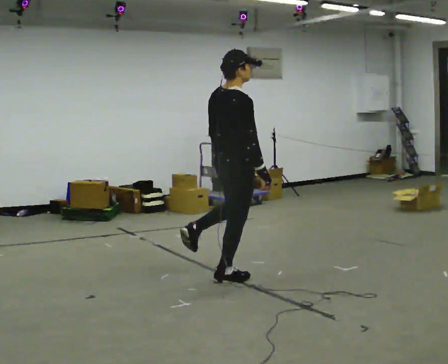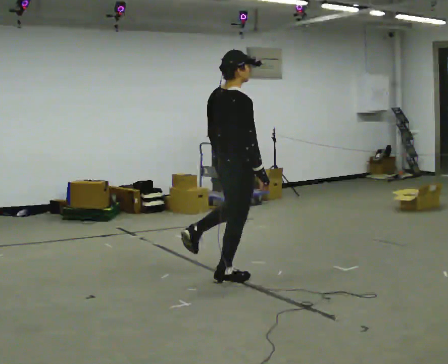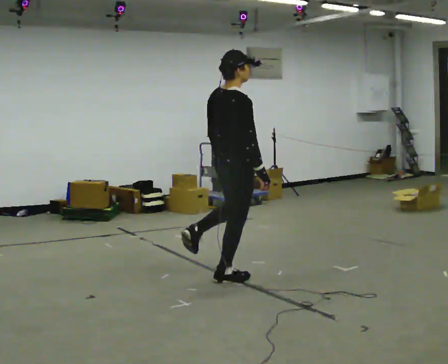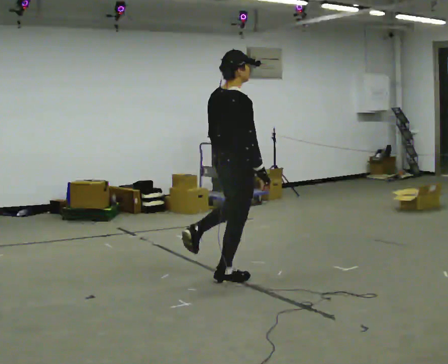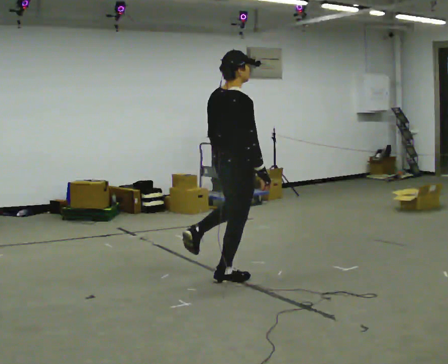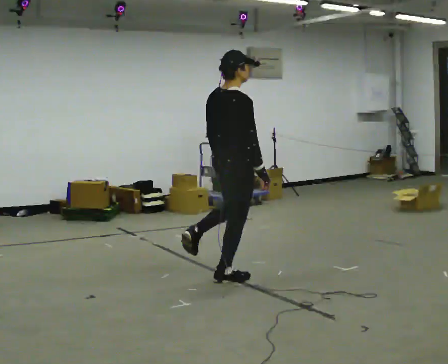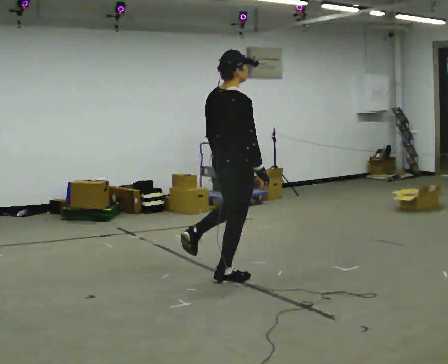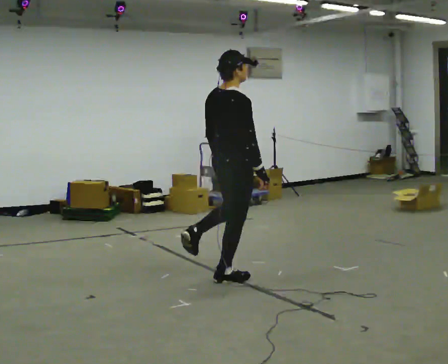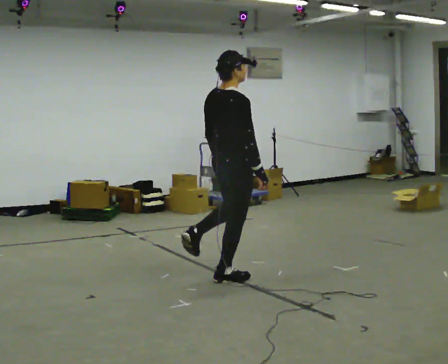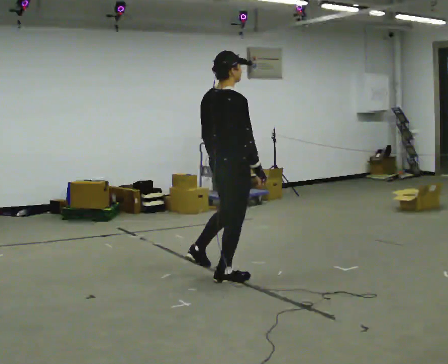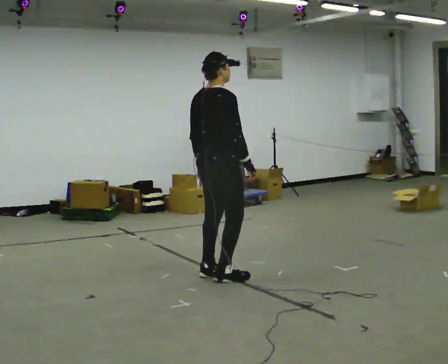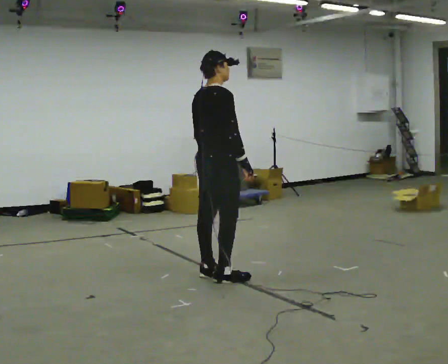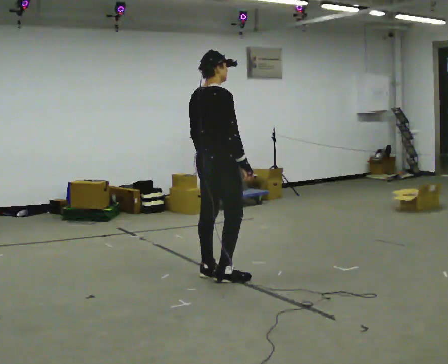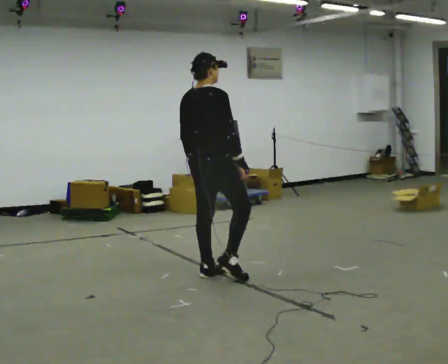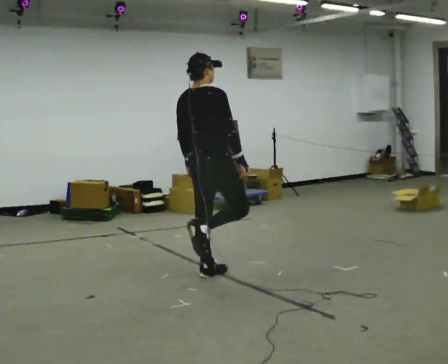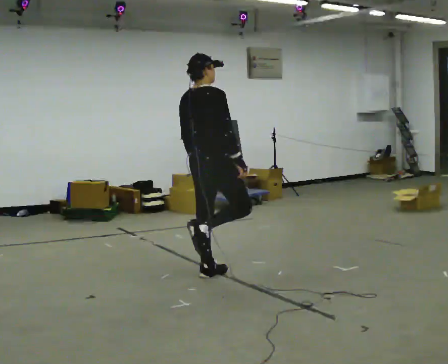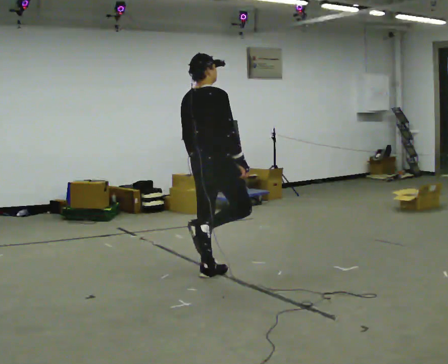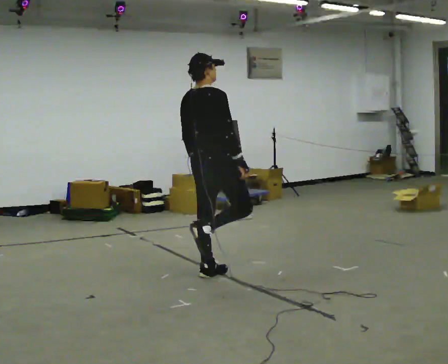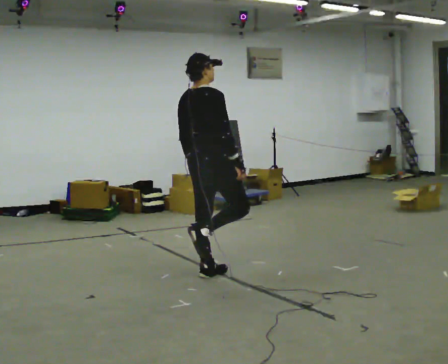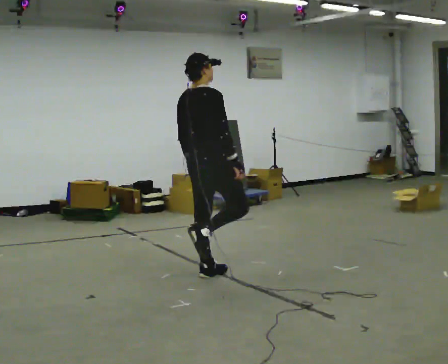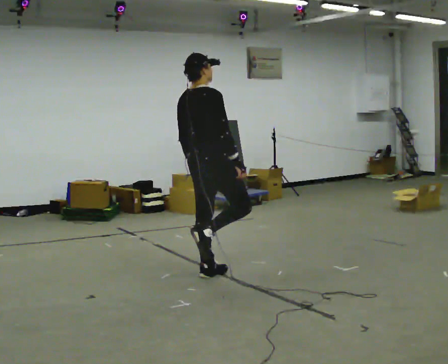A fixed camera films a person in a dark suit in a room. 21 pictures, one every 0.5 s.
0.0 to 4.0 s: The person moves a little, or ends about where they began.
4.0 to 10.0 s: In the picture they go to the left, about 0.25 m in 2 steps, which for them is to their left.
The film runs forward here.
